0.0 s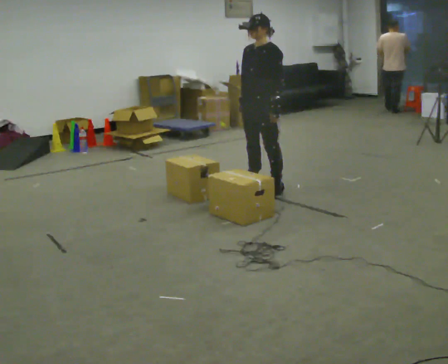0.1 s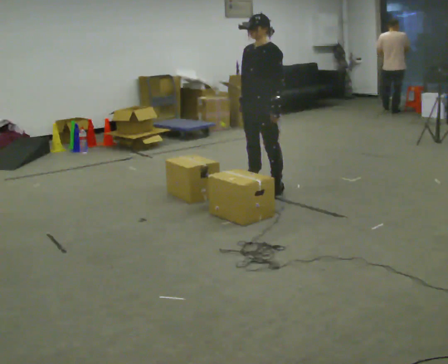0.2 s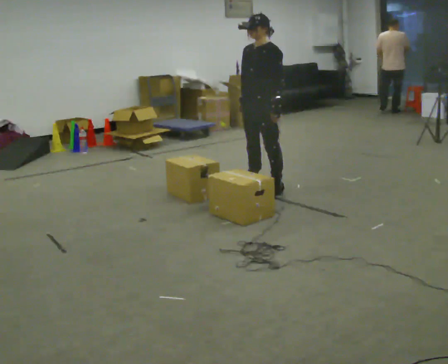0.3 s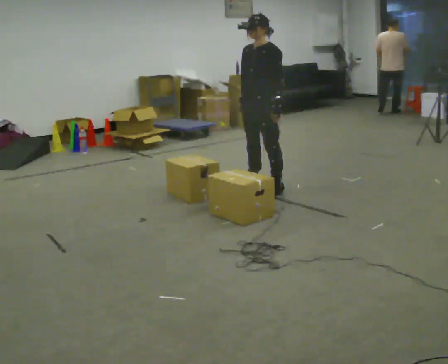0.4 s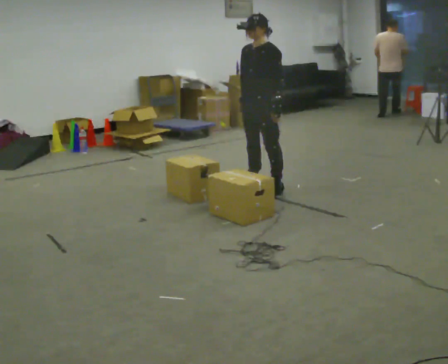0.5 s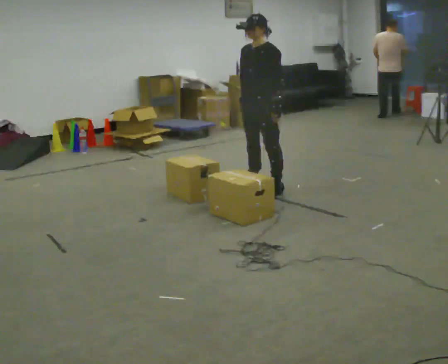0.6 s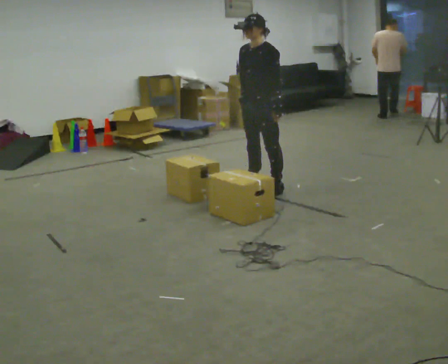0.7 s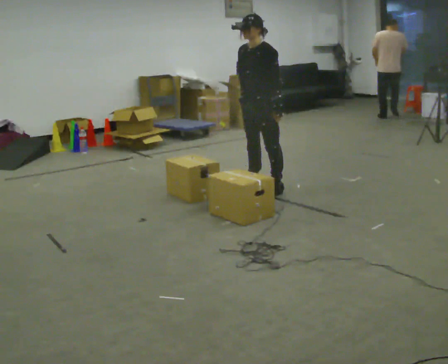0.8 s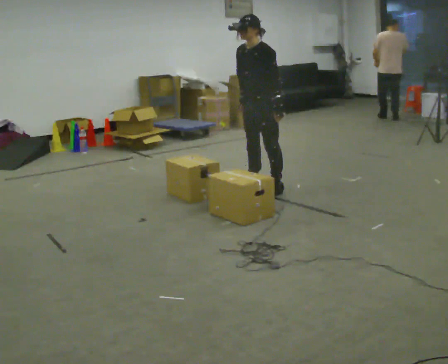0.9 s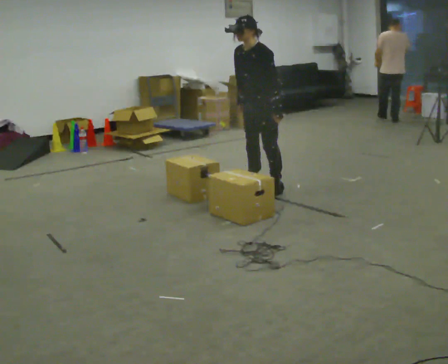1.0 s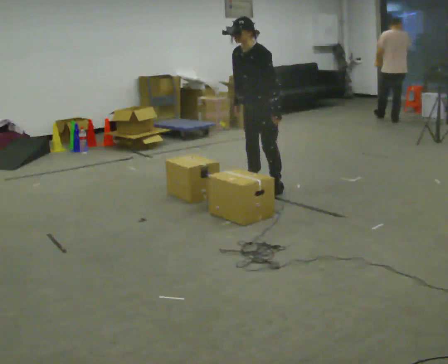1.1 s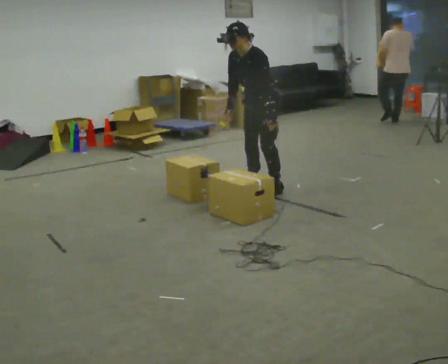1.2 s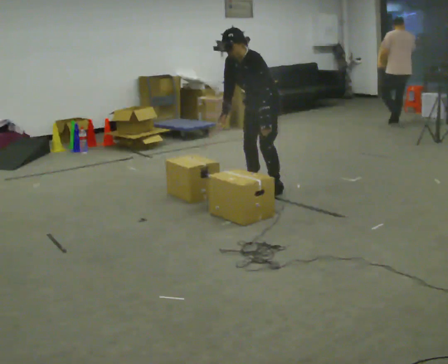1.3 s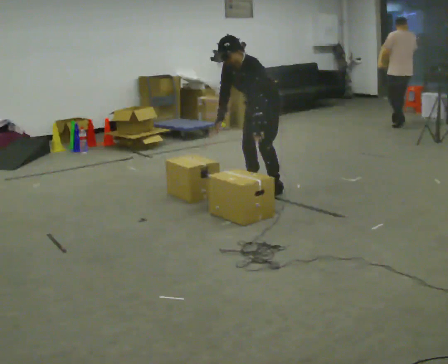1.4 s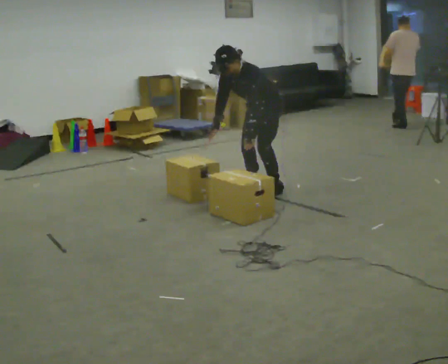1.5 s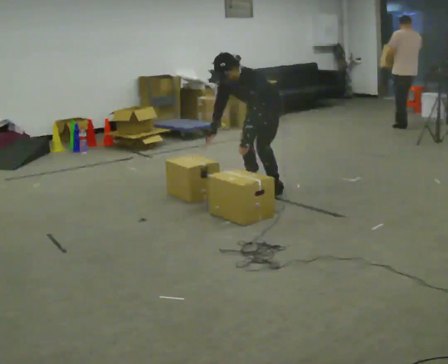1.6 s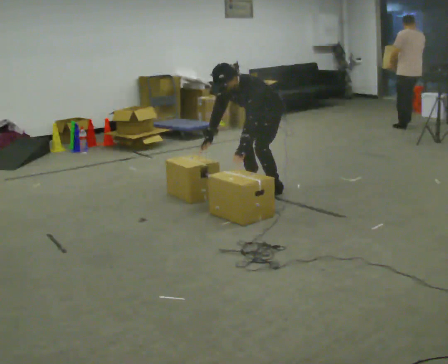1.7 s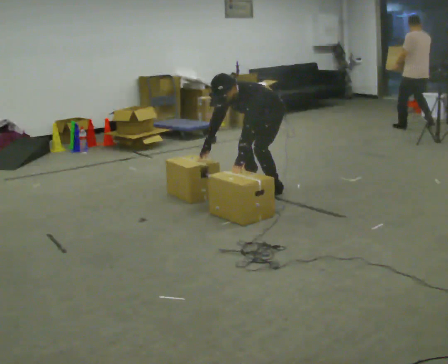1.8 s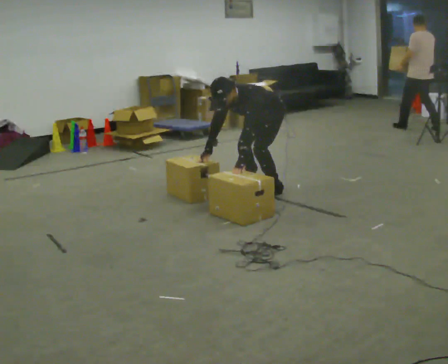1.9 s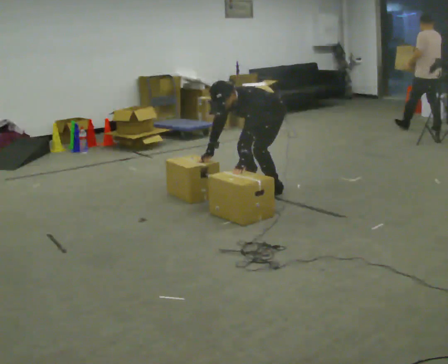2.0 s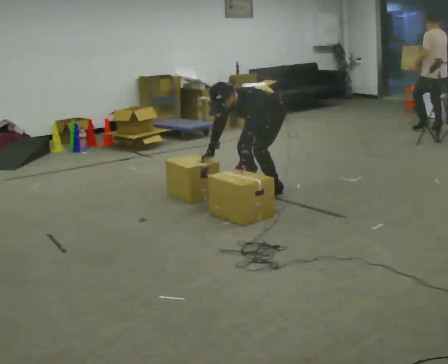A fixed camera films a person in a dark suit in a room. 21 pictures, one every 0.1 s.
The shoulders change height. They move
downward.
0.0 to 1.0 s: In the picture the upper body tilts counterclockwise, shoulders to the left, as they bend forward.
1.0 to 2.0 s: The shoulders move downward. In the picture the upper body tilts counterclockwise, shoulders to the left, as they bend forward. In the picture their right hand goes downward.
The film runs backward here.
